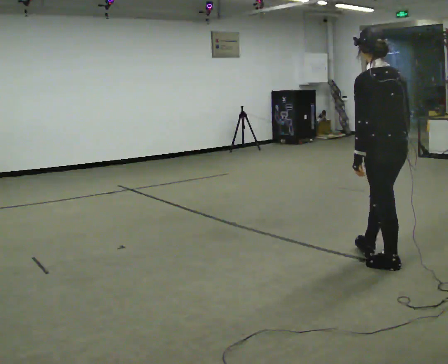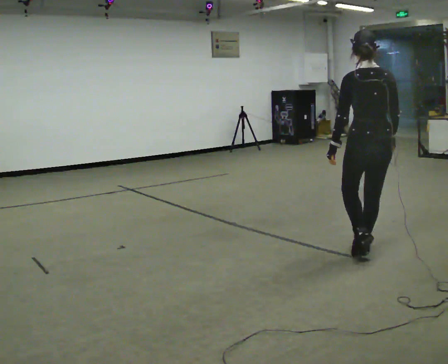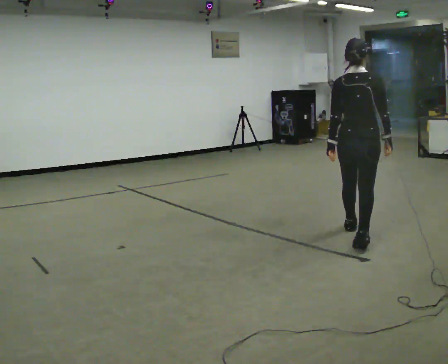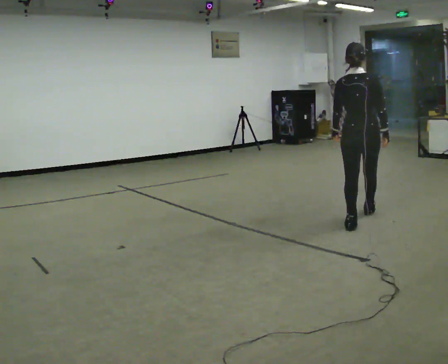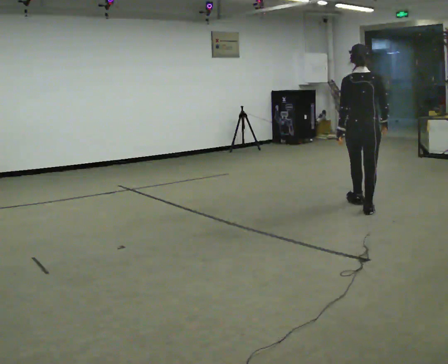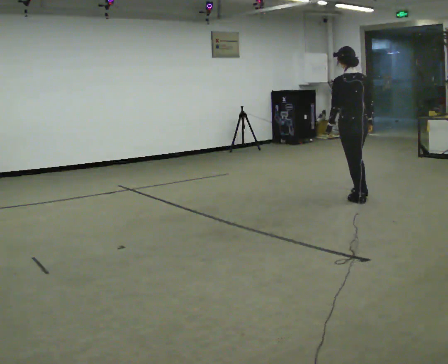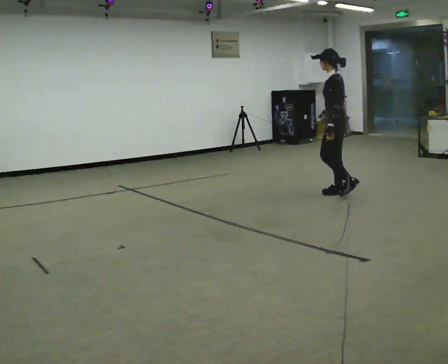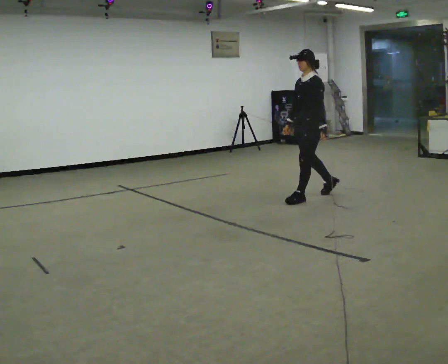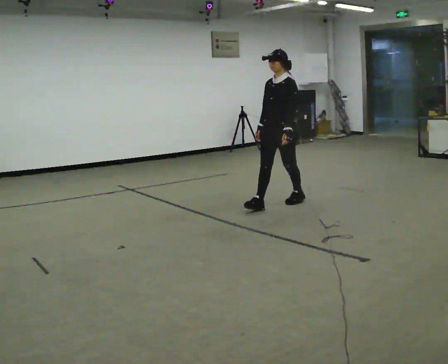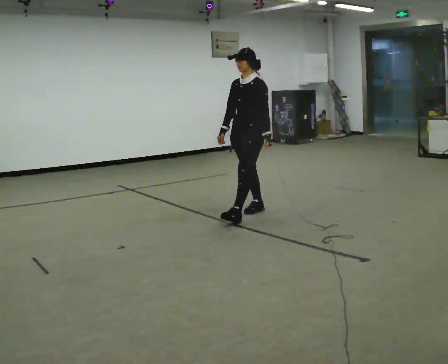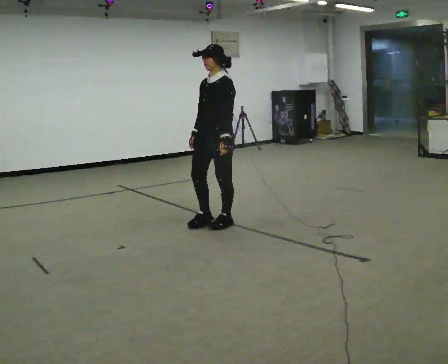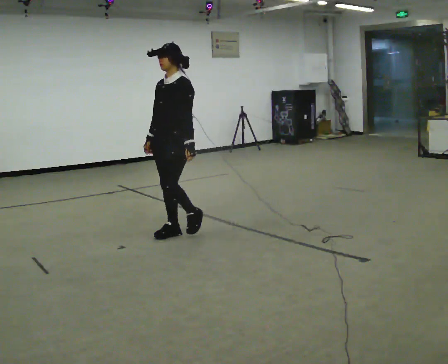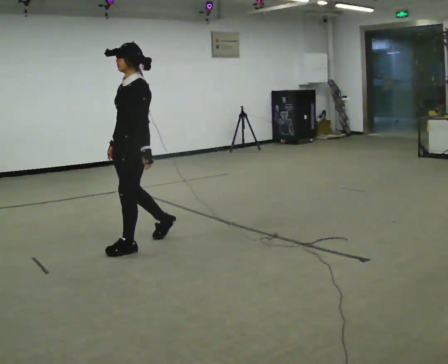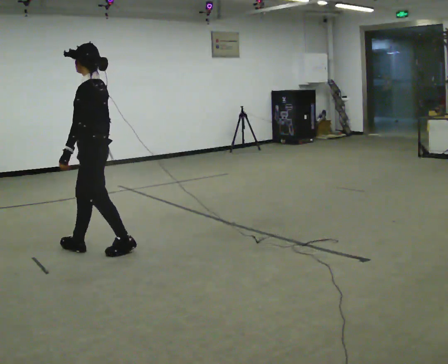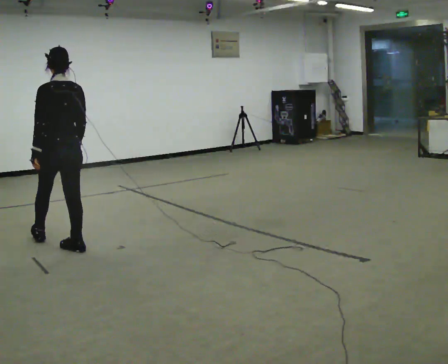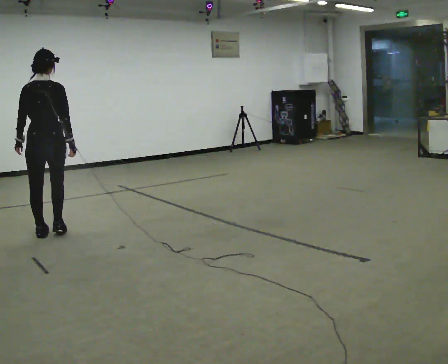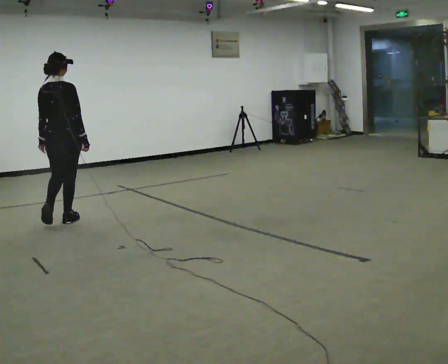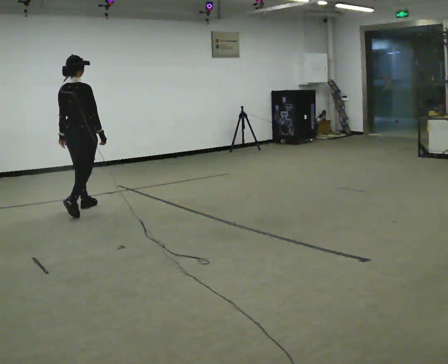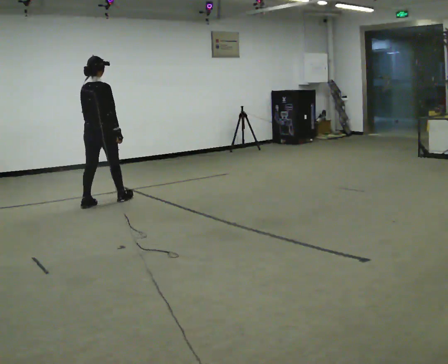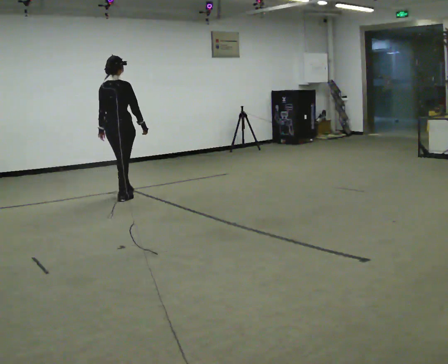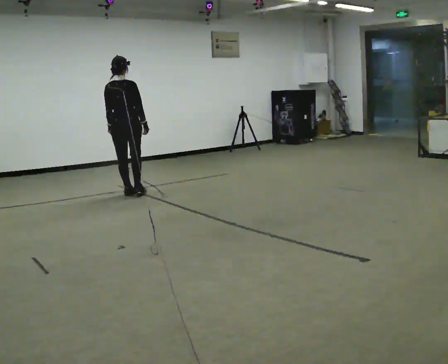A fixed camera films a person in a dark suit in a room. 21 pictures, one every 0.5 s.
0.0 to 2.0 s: The part of the body nearest the lens slides to the left as the person turns to their right by about 45 degrees. In the picture they go away from the camera, about 1.5 m in 3 steps, which for them is forward.
2.0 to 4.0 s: The person turns about 150 degrees to their left, counterclockwise seen from above, so the part of the body nearest the lens slides to the right. In the picture they go to the left and away from the camera, about 1 m in 3 steps.
4.0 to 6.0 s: In the picture they go to the left and toward the camera, about 2 m in 4 steps, which for them is forward.
6.0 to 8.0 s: The part of the body nearest the lens slides to the left as the person turns to their right by about 135 degrees. In the picture they go to the left and away from the camera, about 1 m in 3 steps.
8.0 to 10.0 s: In the picture they go away from the camera, about 1.5 m in 3 steps, which for them is forward.
The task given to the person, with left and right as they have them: Walk through 3–5 turns in sequence; keep moving; stop at end.
The film runs forward here.
